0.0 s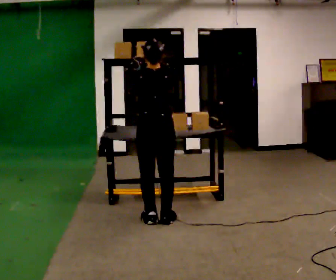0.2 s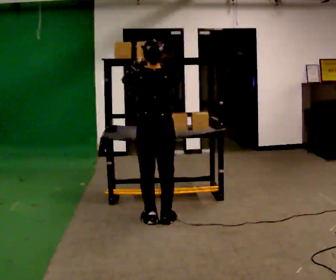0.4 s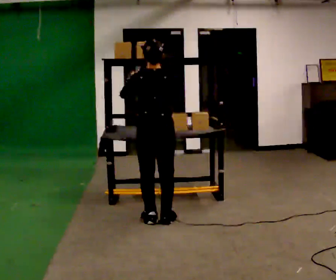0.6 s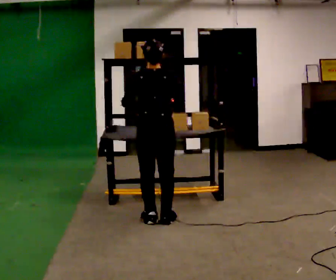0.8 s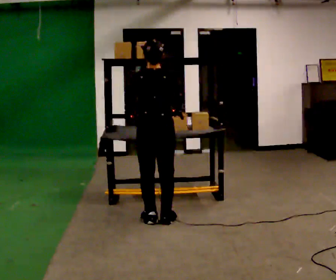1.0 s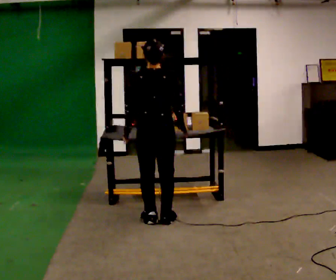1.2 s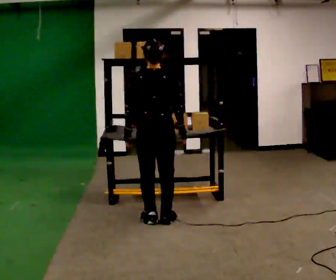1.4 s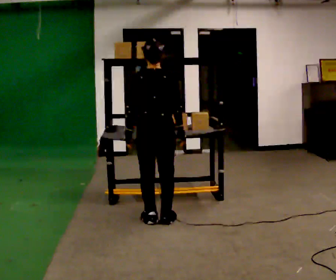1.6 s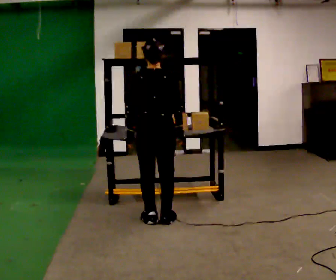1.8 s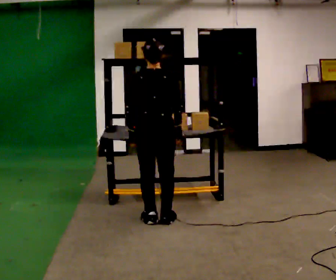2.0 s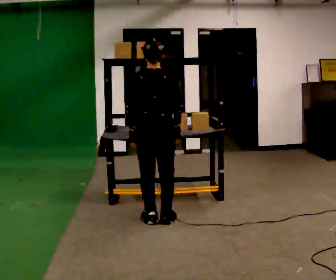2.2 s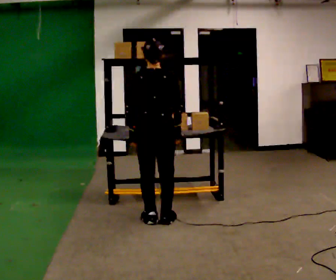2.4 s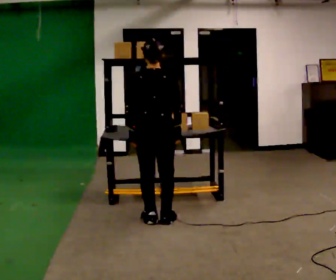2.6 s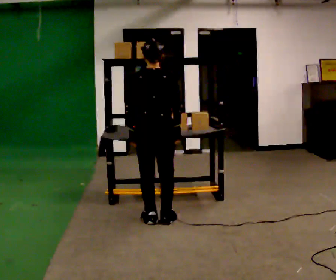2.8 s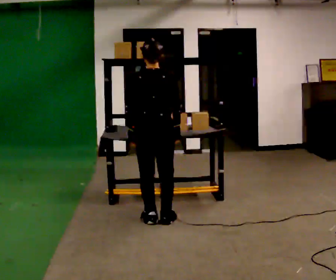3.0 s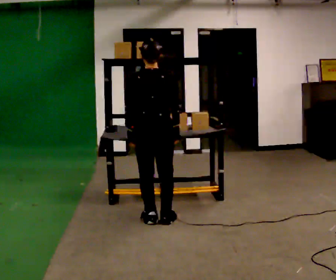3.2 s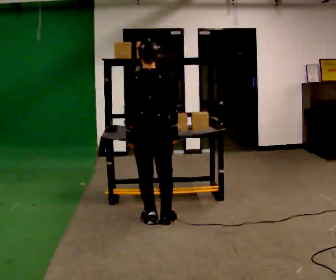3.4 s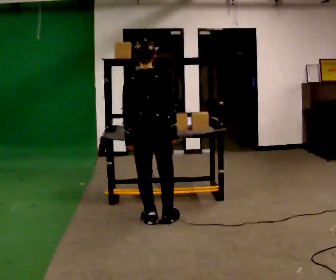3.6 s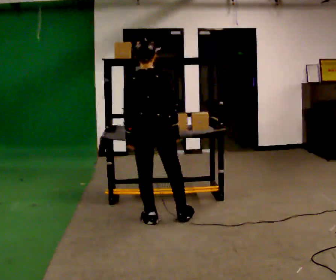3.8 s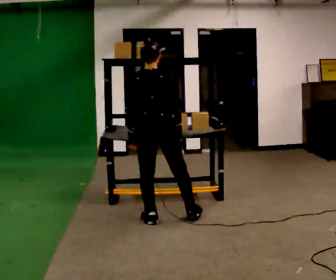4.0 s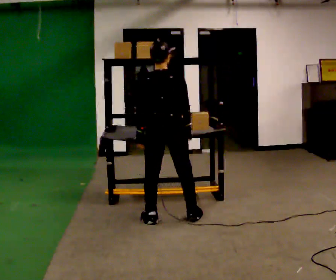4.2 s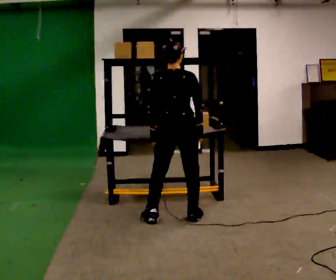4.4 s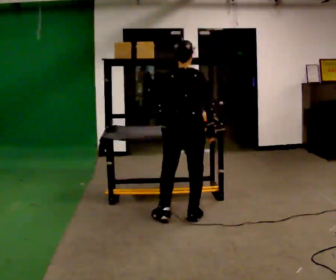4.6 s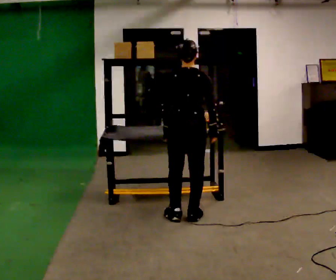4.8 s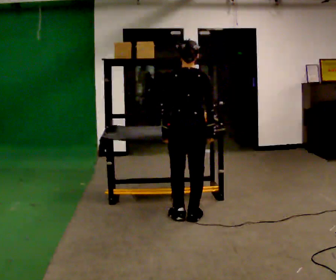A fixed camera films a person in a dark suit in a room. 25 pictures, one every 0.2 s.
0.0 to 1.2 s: In the picture their right hand goes downward.
1.2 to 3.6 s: The person moves a little, or ends about where they began.
3.6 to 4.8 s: In the picture they go to the right, about 0.25 m in 2 steps, which for them is to their right.
The film runs forward here.
